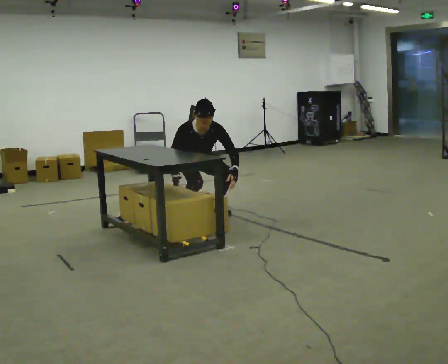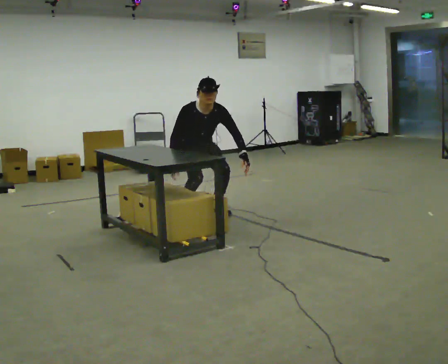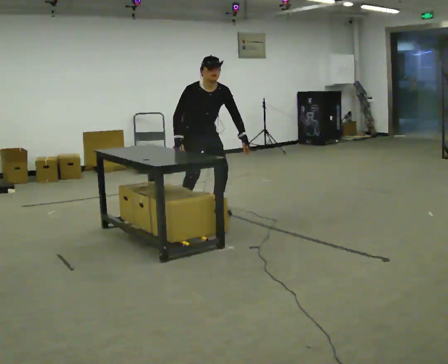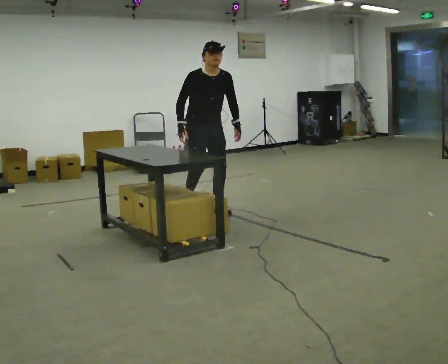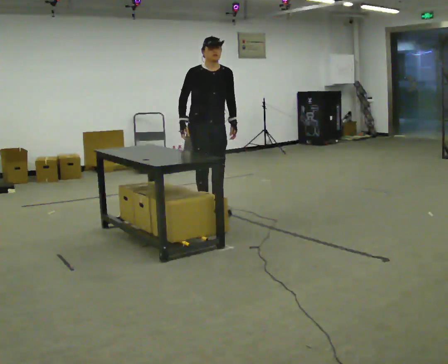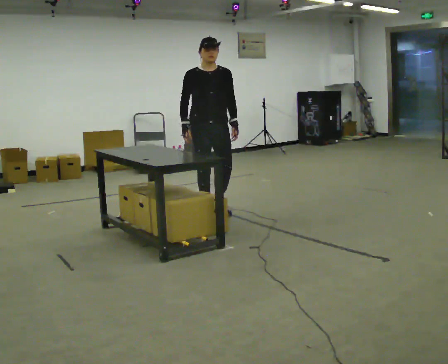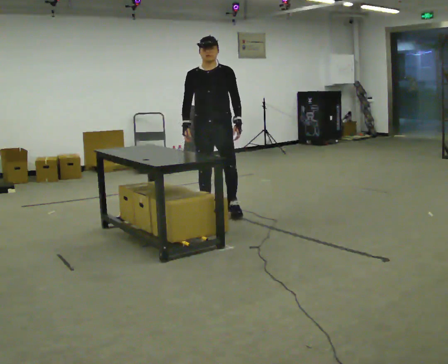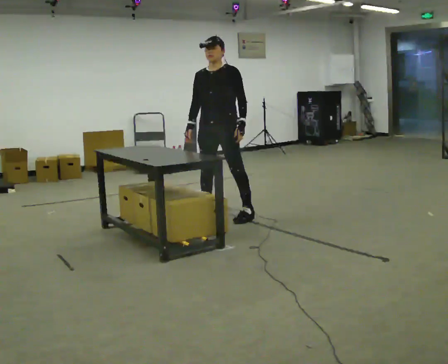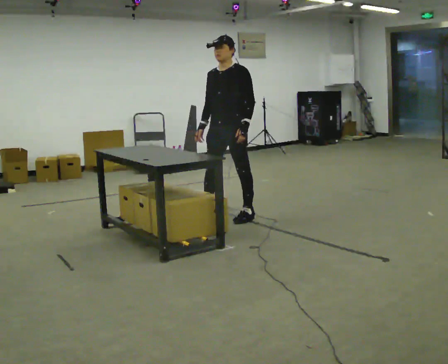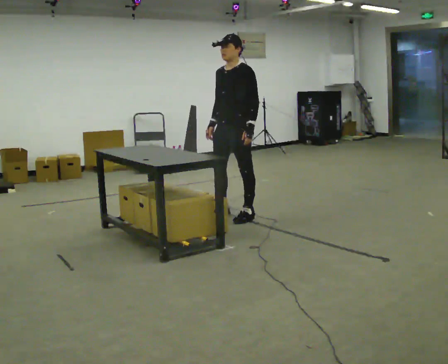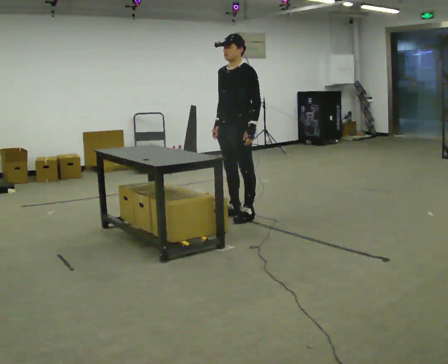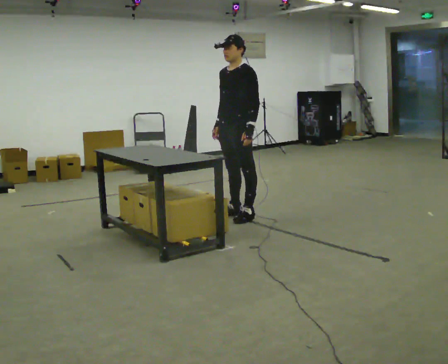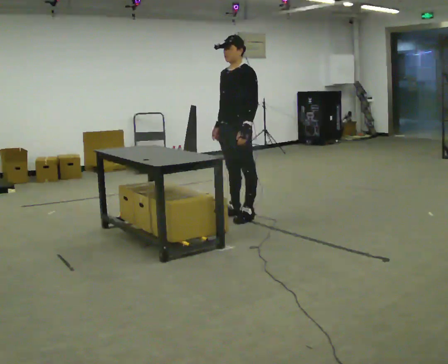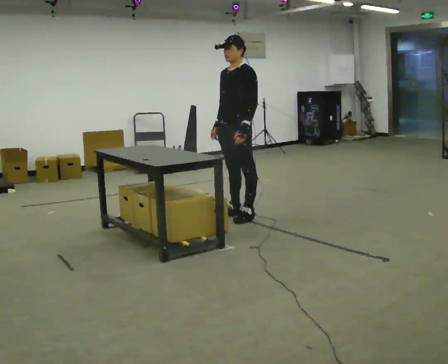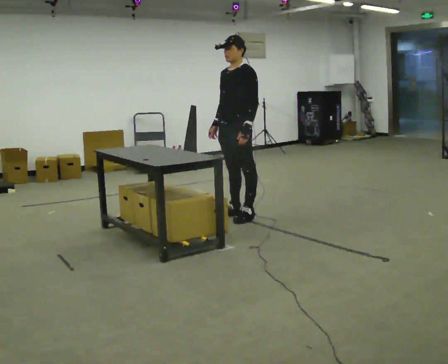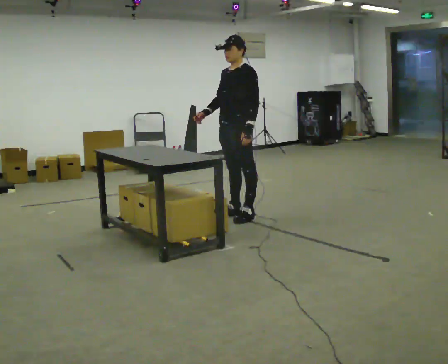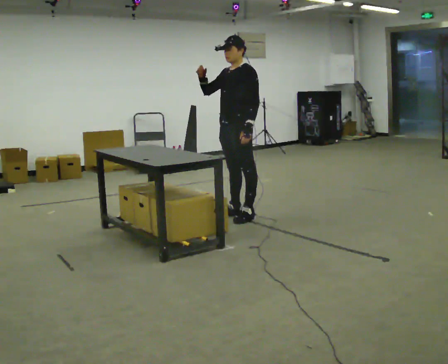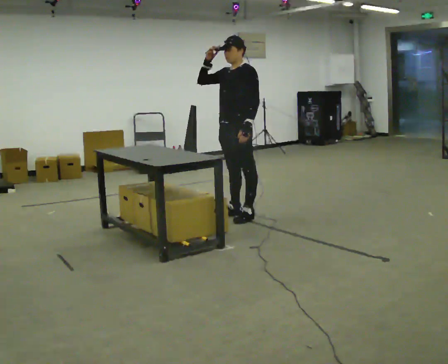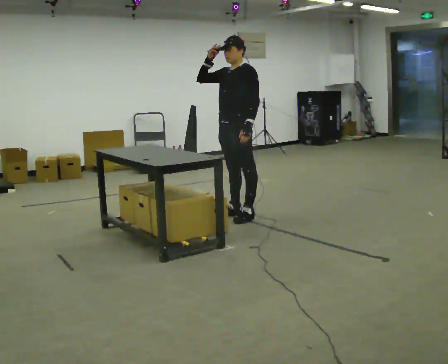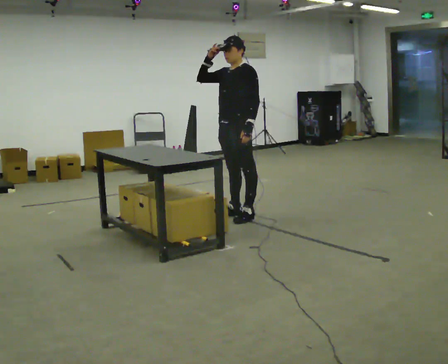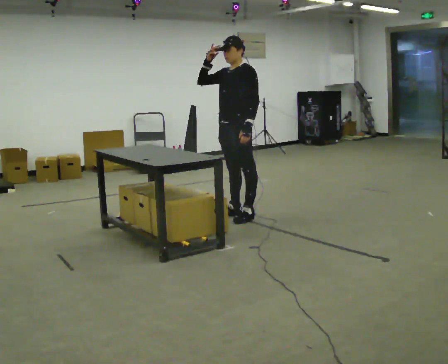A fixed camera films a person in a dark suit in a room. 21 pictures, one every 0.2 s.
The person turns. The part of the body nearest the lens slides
to the left.
Their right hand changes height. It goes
upward.
0.0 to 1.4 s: The part of the body nearest the lens slides to the left as the person turns to their right by about 45 degrees. In the picture they go toward the camera and to the right, about 0.5 m in 2 steps, which for them is forward and to their left. The shoulders move upward. The upper body tips away from the camera, its near side rolling upward, as they lean back or straighten. In the picture their left hand goes upward.
1.4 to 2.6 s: The part of the body nearest the lens slides to the left as the person turns to their right by about 30 degrees.
2.6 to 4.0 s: In the picture their right hand goes upward.
The film runs forward here.
